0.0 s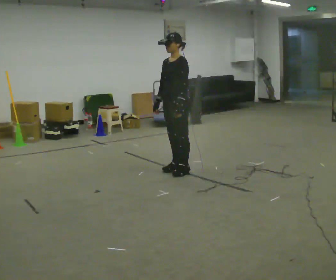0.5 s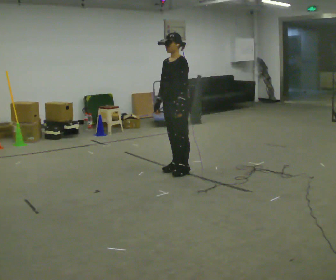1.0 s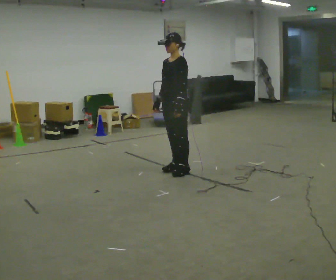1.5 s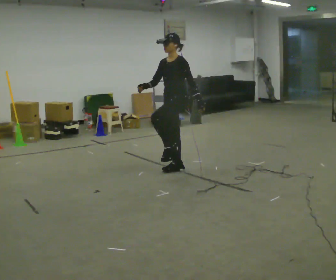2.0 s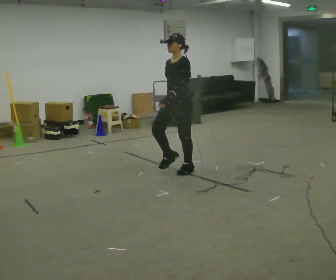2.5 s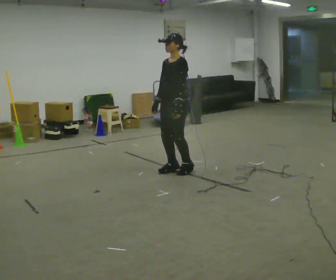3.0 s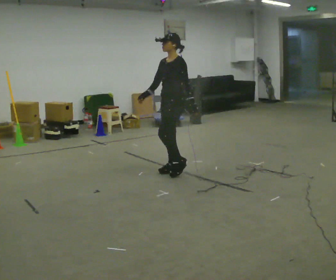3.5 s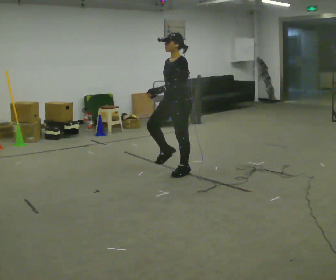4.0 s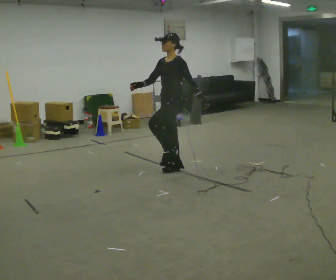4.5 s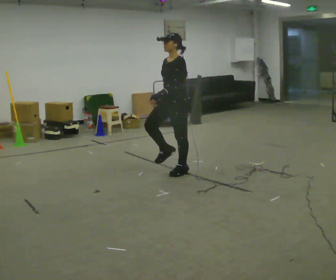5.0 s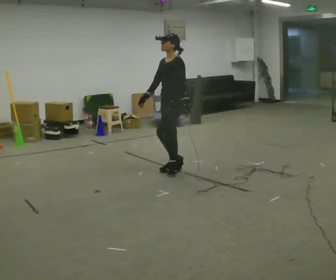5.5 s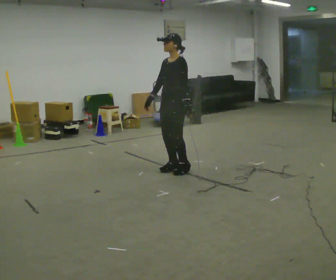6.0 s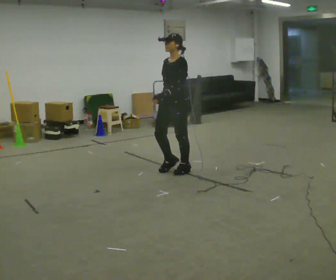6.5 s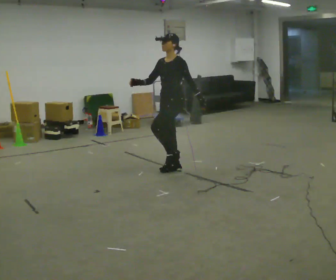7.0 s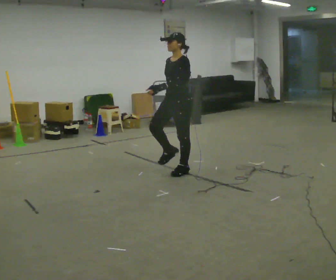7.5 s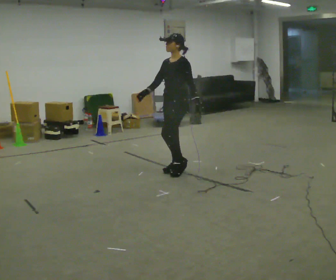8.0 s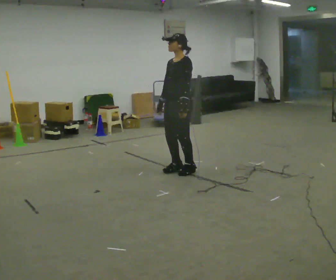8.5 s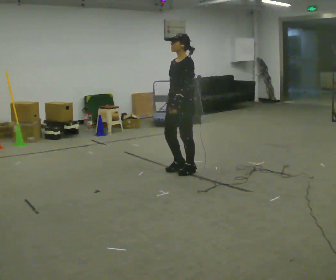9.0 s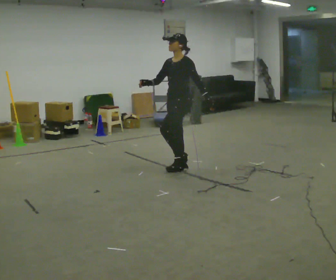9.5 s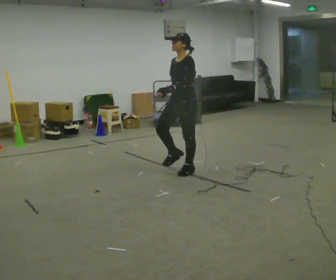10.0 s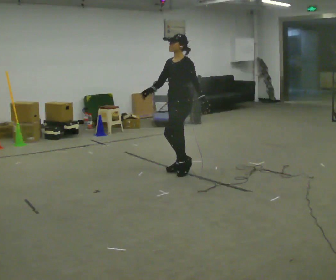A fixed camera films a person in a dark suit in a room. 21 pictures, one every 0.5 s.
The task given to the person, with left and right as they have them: March in place at a comfortable rhythm without moving forward; stop.
0.0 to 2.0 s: The person moves a little, or ends about where they began.
2.0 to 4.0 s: In the picture their left hand goes to the right.
4.0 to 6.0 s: In the picture their left hand goes to the left.
6.0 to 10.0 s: In the picture their left hand goes to the right.
The film runs forward here.
